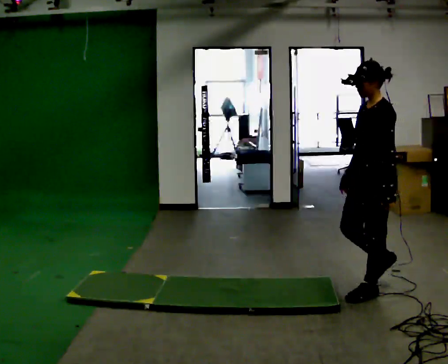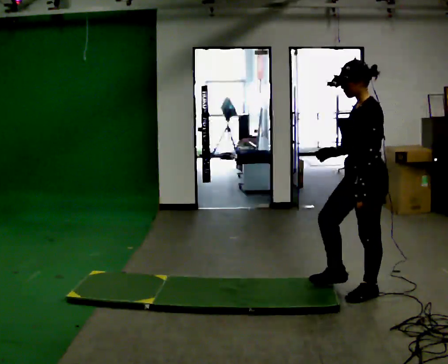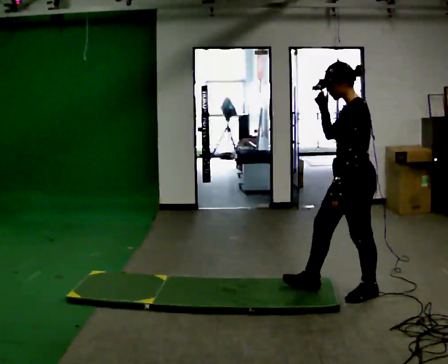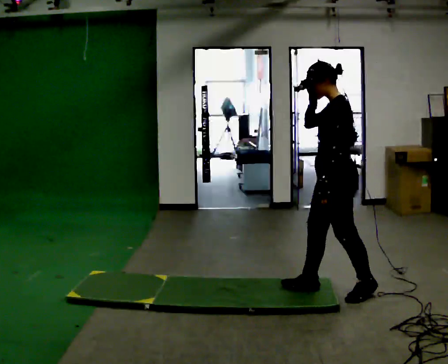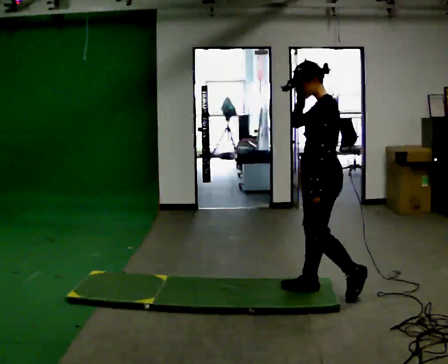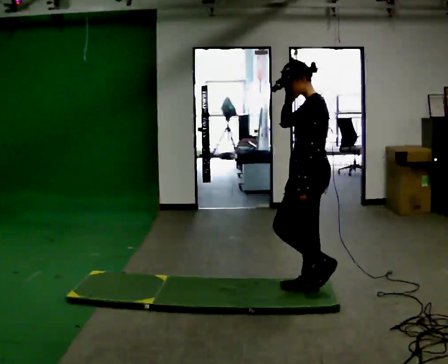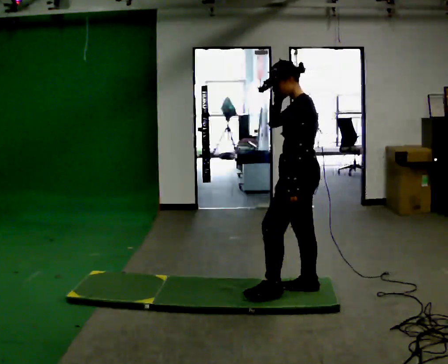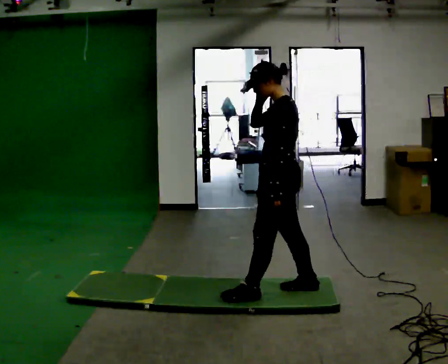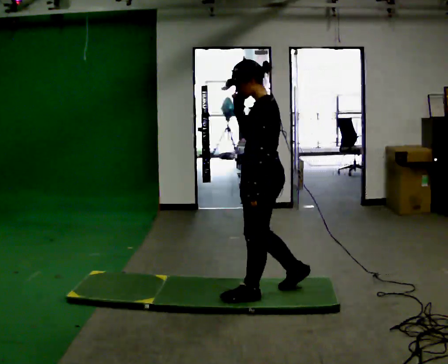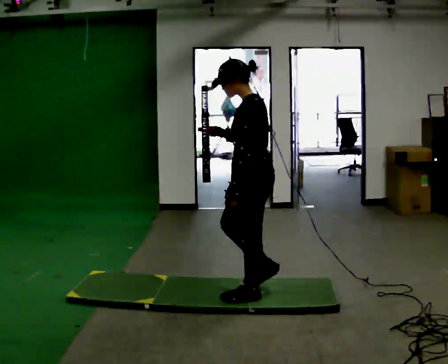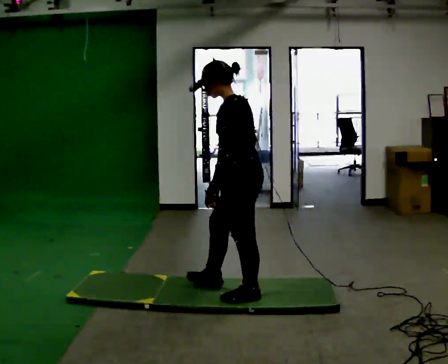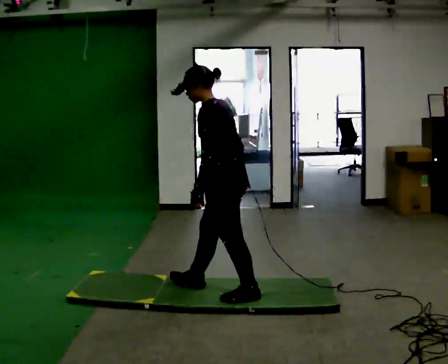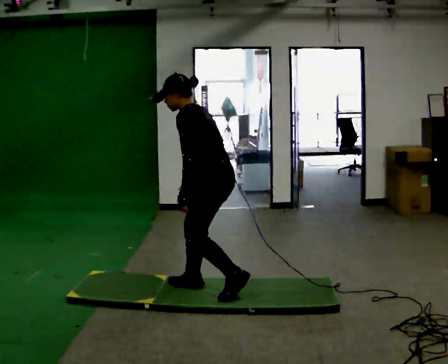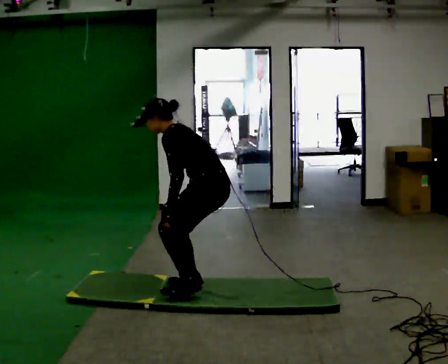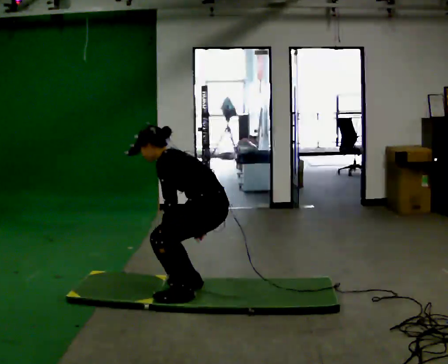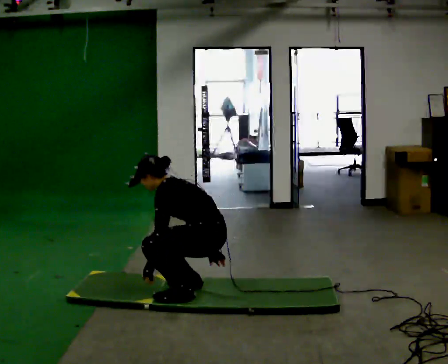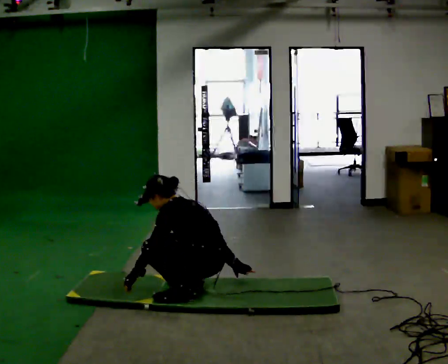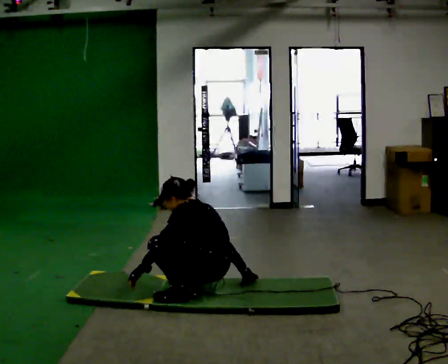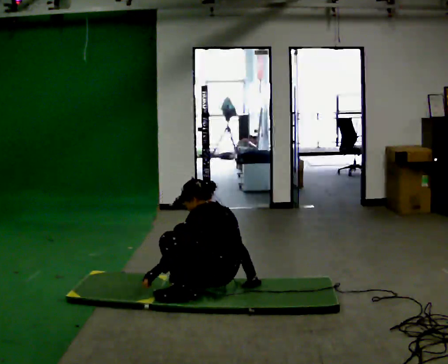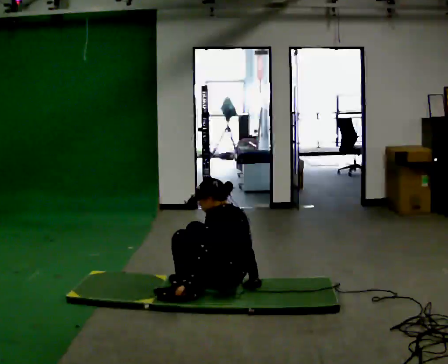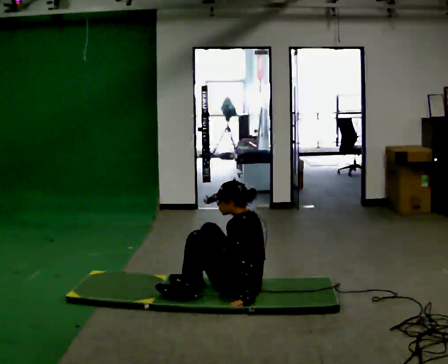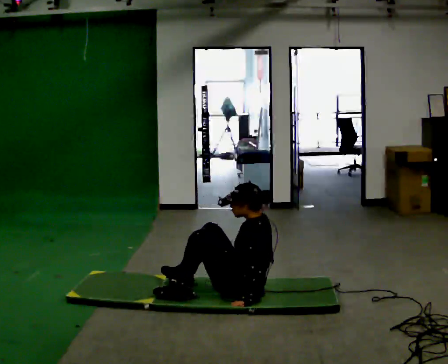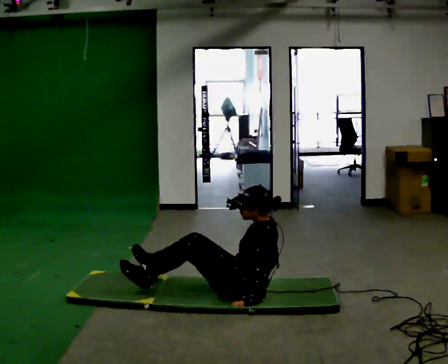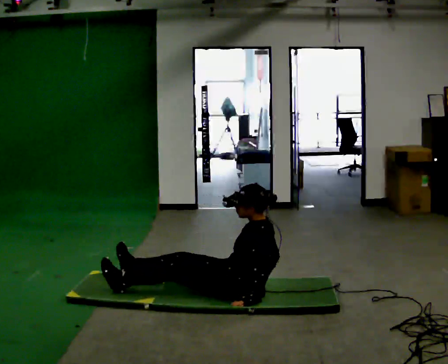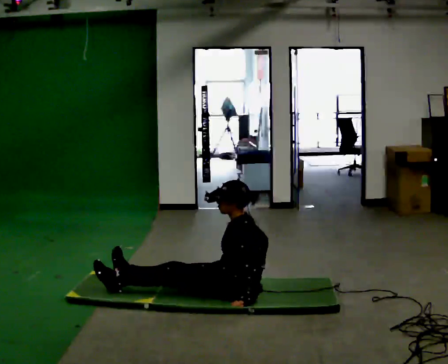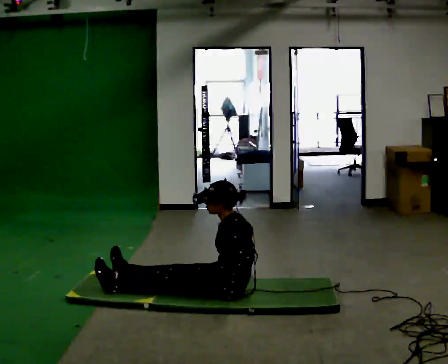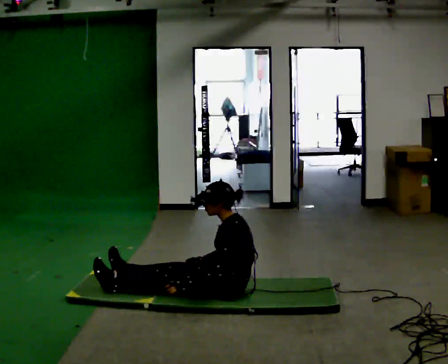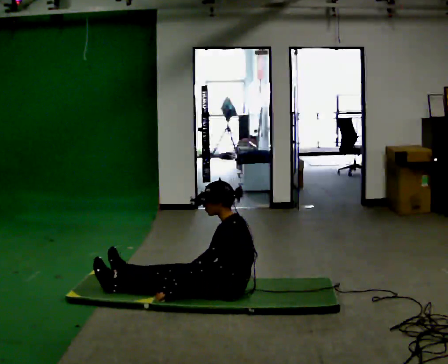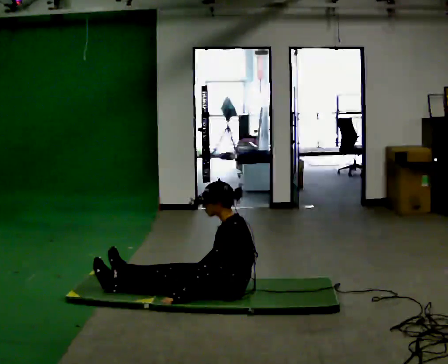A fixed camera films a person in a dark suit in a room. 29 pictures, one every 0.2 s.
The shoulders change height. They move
downward.
0.0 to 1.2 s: In the picture they go to the left, about 0.5 m in 1 step, which for them is forward. In the picture their right hand goes upward.
1.2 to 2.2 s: In the picture they go to the left, about 0.5 m in 2 steps, which for them is forward. In the picture the upper body tilts counterclockwise, shoulders to the left, as they bend forward. In the picture their right hand goes downward.
2.2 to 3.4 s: The upper body goes downward. The upper body tips away from the camera, its near side rolling upward. In the picture their left hand goes downward and to the left.
3.4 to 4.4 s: In the picture they go to the right, about 0.25 m, which for them is backward. In the picture the upper body tilts clockwise, shoulders to the right, as they lean back or straighten.
4.4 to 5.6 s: In the picture the upper body tilts counterclockwise, shoulders to the left, as they bend forward. In the picture their right hand goes to the left.
The film runs forward here.
